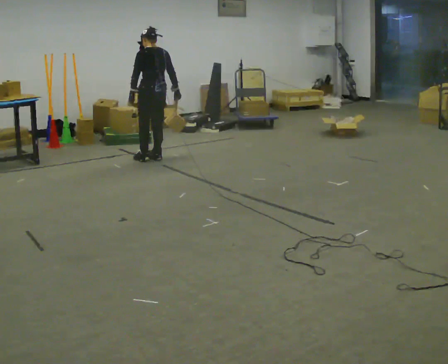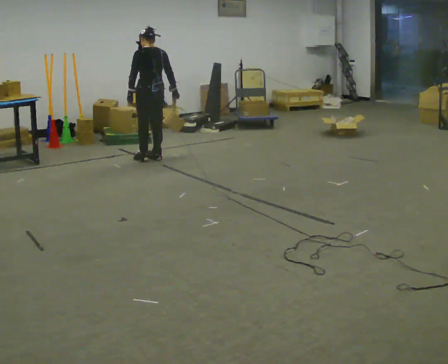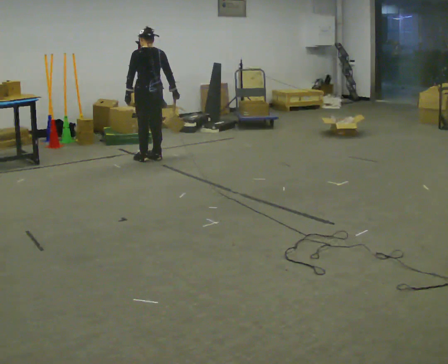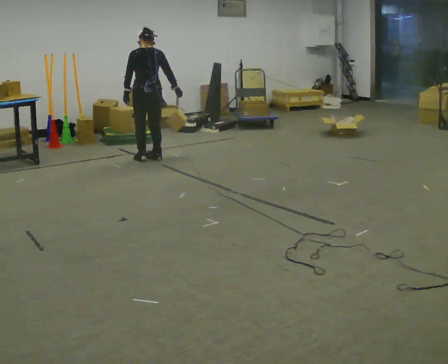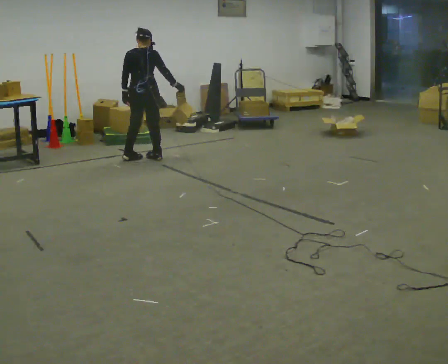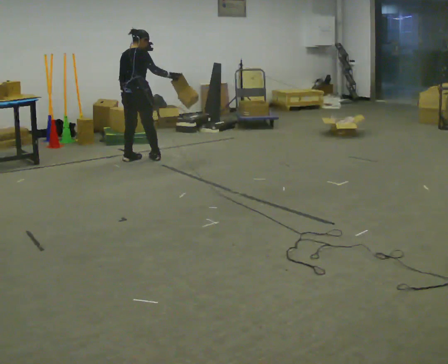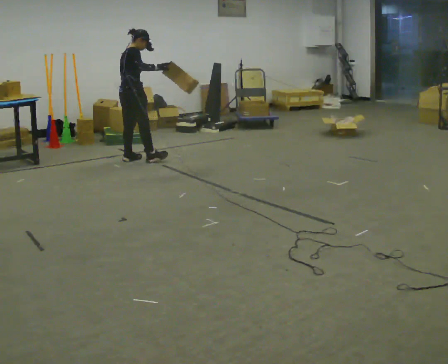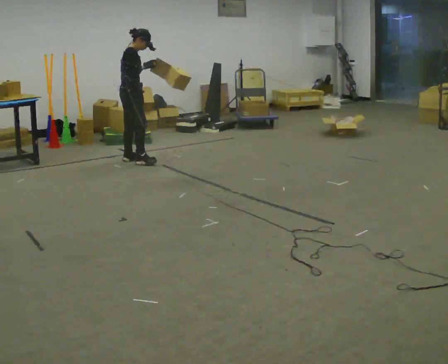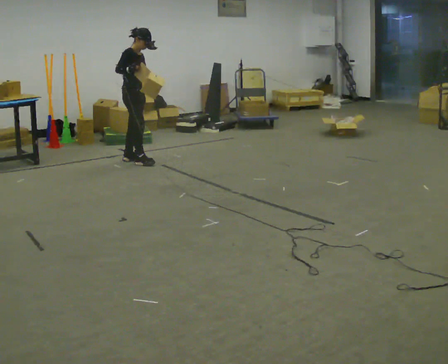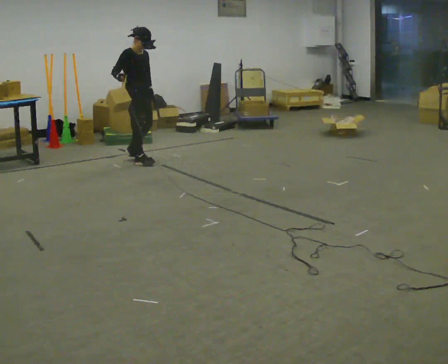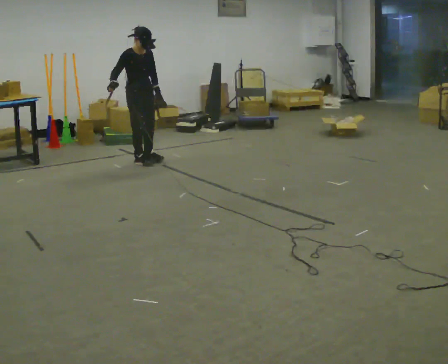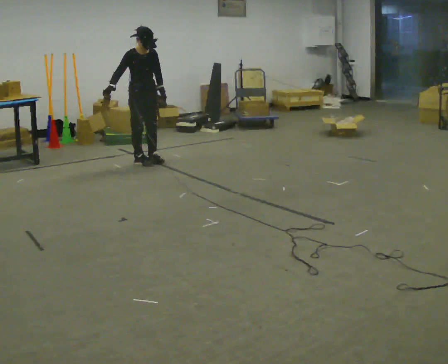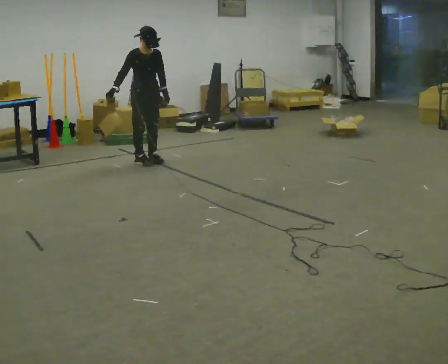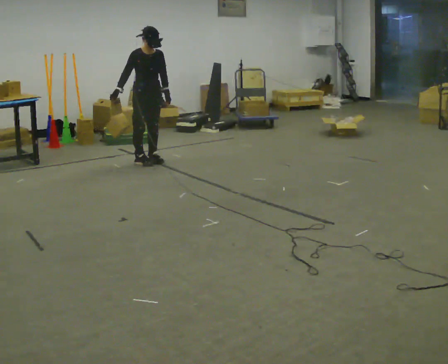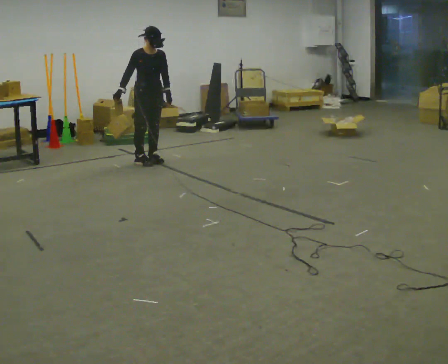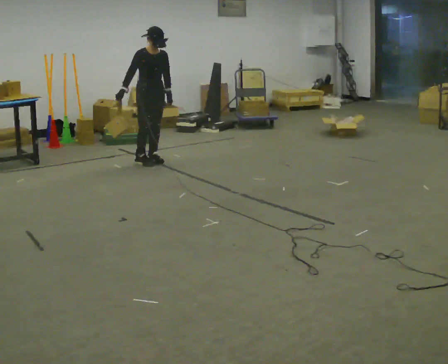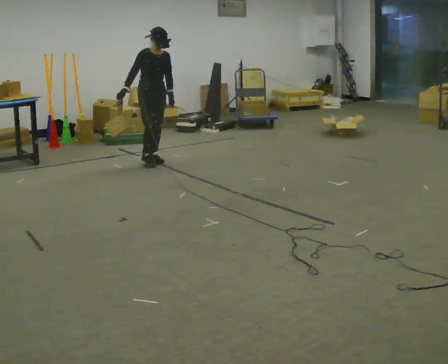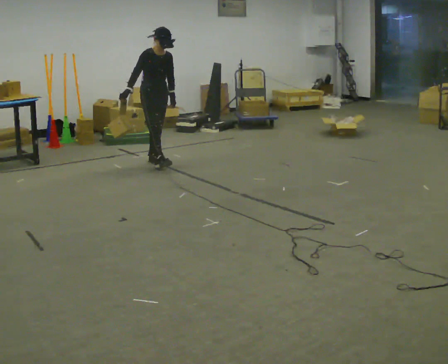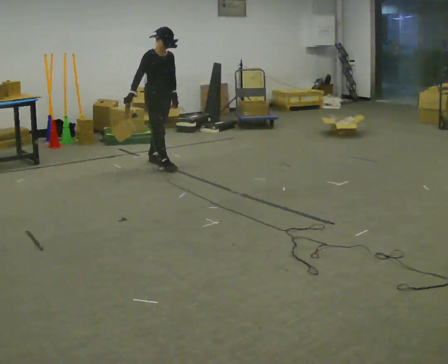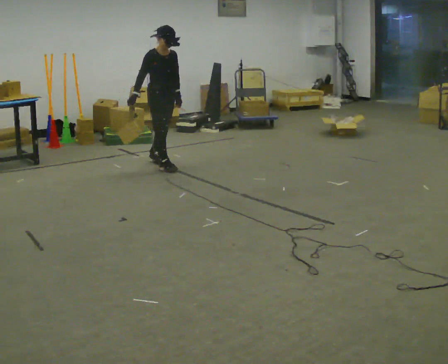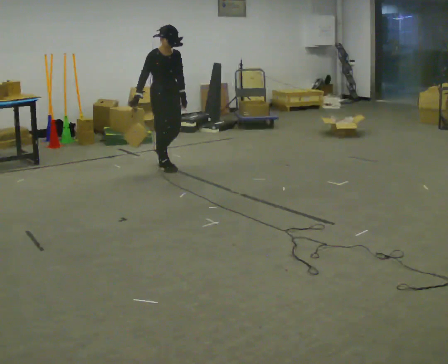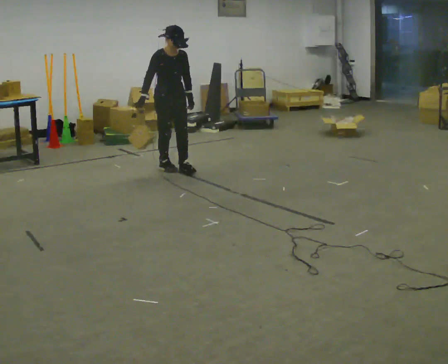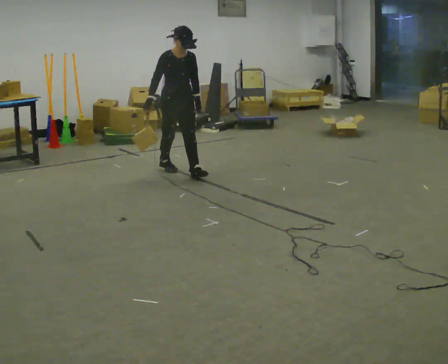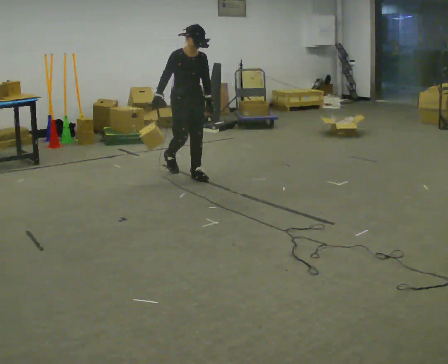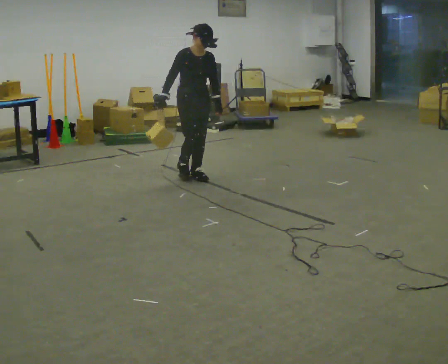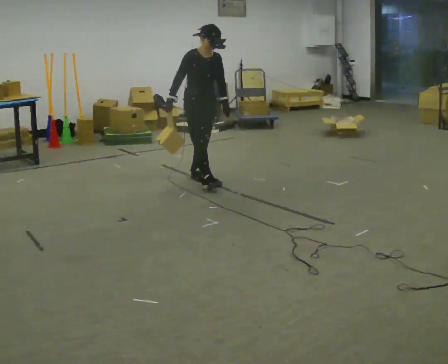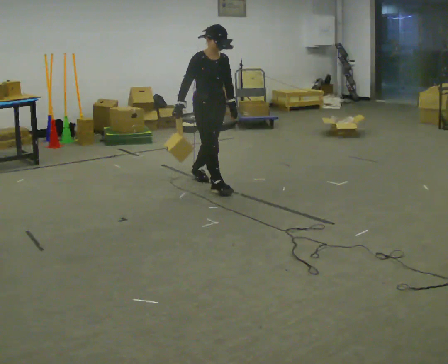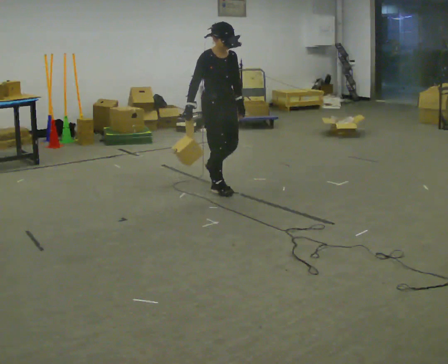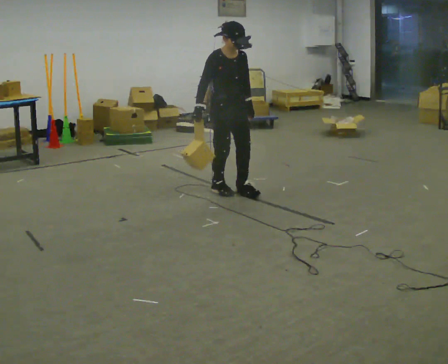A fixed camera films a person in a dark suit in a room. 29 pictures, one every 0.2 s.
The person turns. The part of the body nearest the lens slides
to the left.
The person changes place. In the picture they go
toward the camera.
0.0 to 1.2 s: The person turns about 90 degrees to their right, clockwise seen from above, so the part of the body nearest the lens slides to the left. In the picture they go to the left, about 0.25 m in 1 step.
1.2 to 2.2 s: The part of the body nearest the lens slides to the left as the person turns to their right by about 75 degrees. In the picture their right hand goes to the left.
2.2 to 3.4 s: The person moves a little, or ends about where they began.
3.4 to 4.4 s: In the picture they go toward the camera and to the right, about 0.5 m in 1 step, which for them is forward.
4.4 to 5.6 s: In the picture they go toward the camera and to the right, about 1 m in 2 steps, which for them is forward.
The film runs forward here.
